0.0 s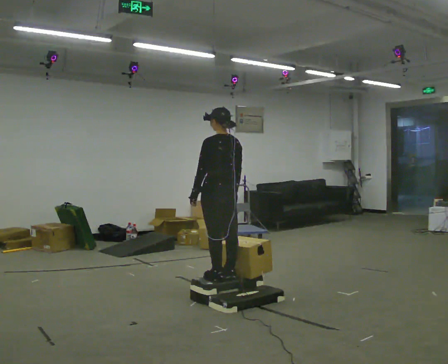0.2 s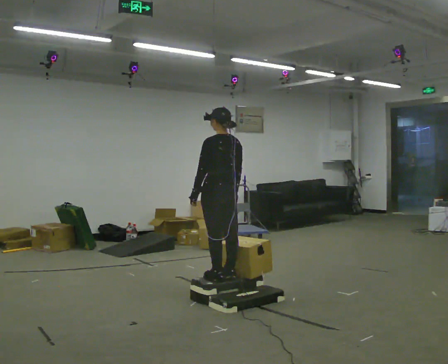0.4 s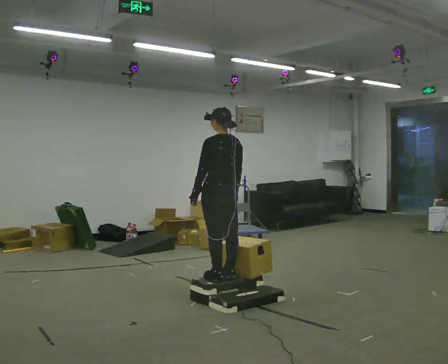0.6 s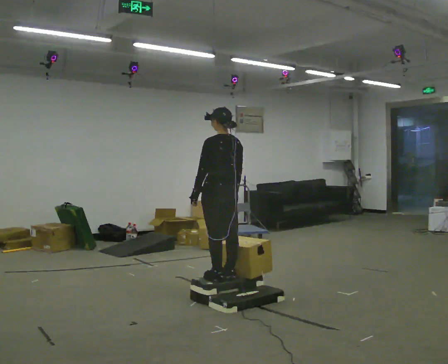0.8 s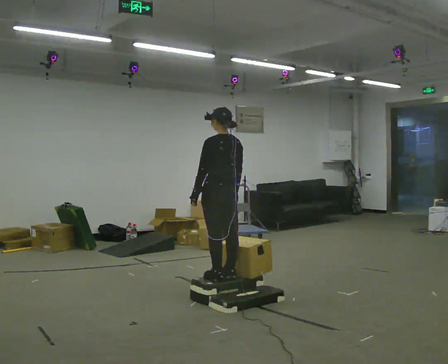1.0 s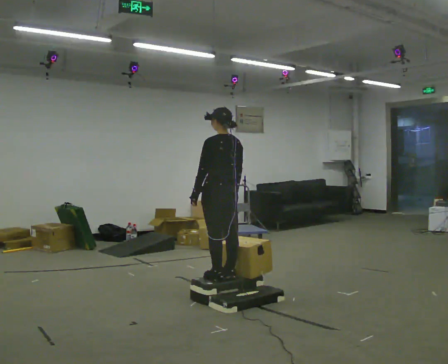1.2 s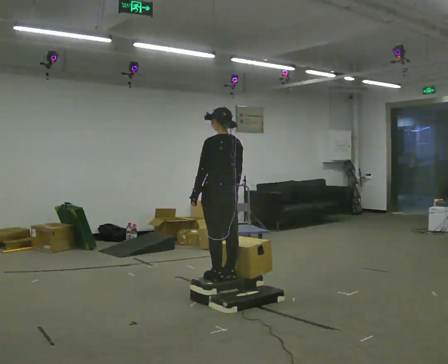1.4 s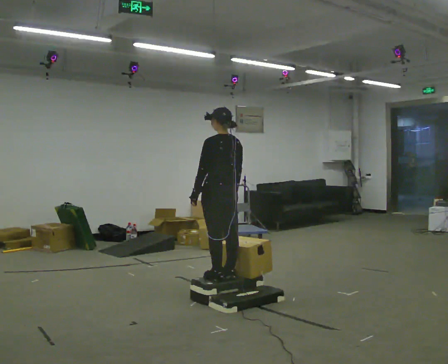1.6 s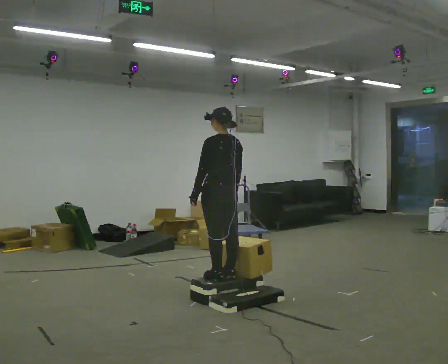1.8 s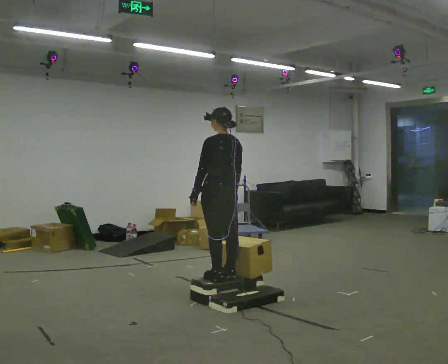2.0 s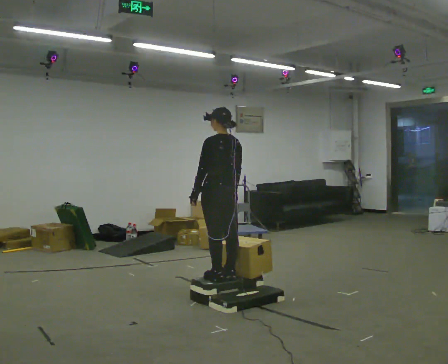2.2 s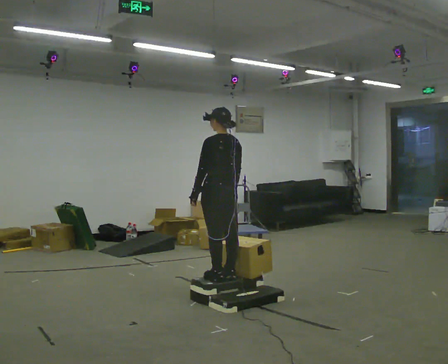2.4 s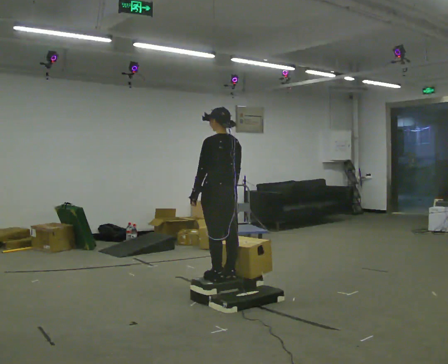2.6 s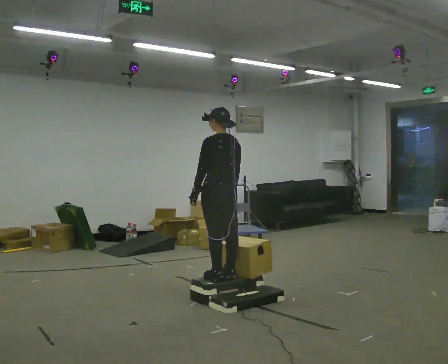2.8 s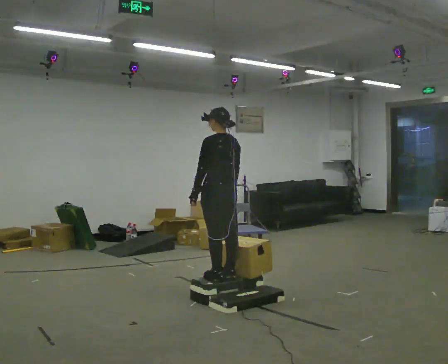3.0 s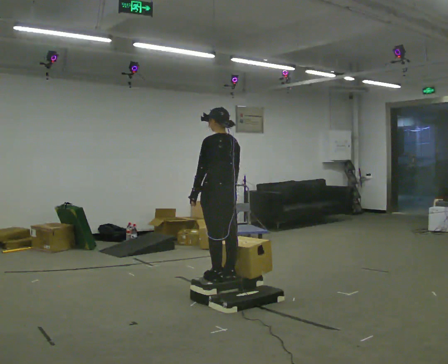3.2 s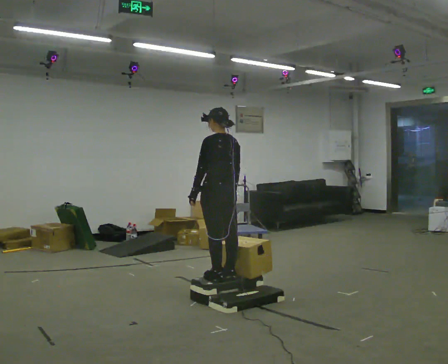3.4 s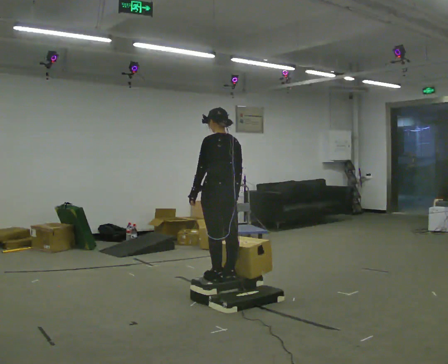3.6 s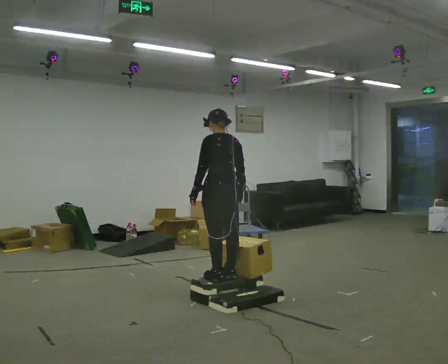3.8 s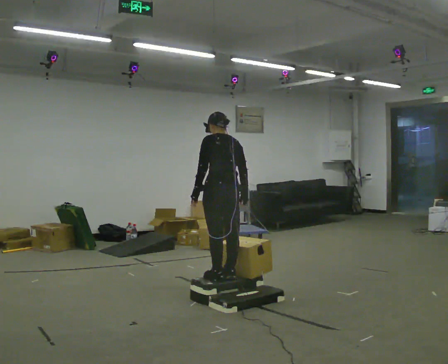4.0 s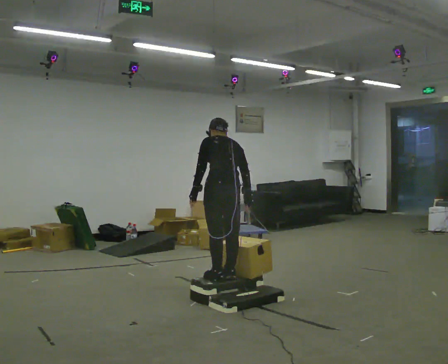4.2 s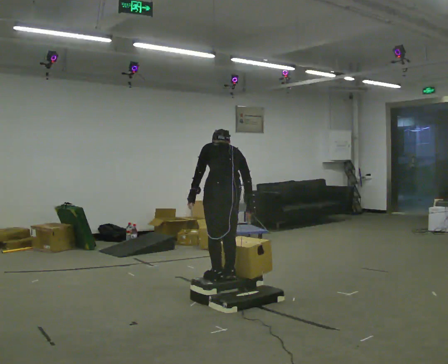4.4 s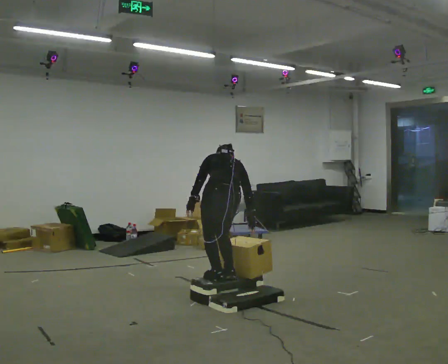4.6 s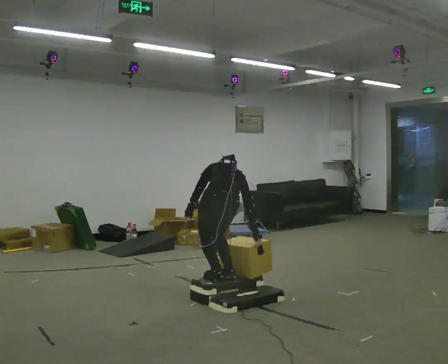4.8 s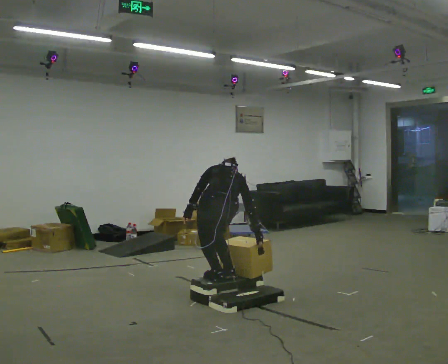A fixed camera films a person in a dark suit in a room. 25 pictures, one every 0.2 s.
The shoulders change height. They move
downward.
The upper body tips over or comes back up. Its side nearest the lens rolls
upward.
0.0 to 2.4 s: The person keeps their place and pose.
2.4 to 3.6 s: The person moves a little, or ends about where they began.
3.6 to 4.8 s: Seen from above the body turns clockwise, about 30 degrees: to their right, with its near side sliding to the left. The shoulders move downward. The upper body tips away from the camera, its near side rolling upward, as they bend forward. In the picture their right hand goes downward.
The film runs backward here.
